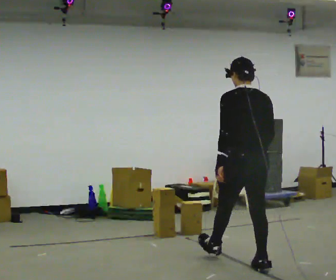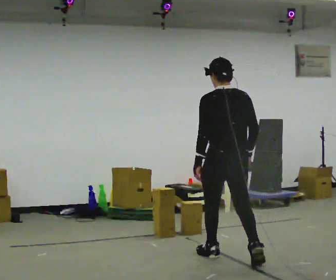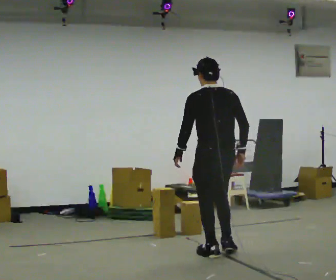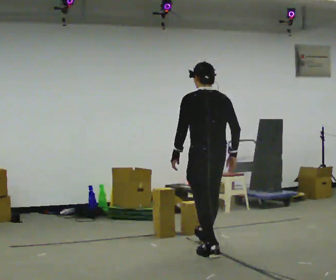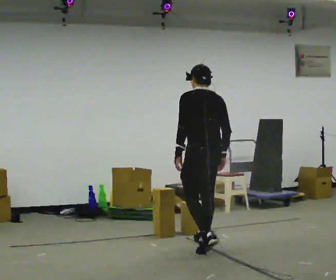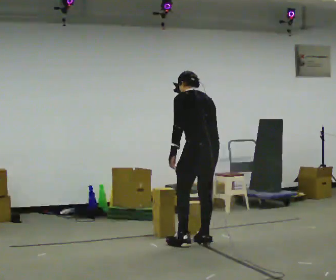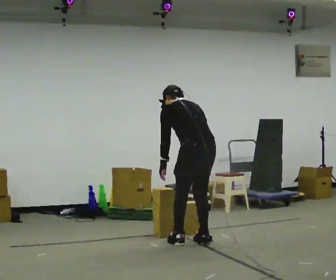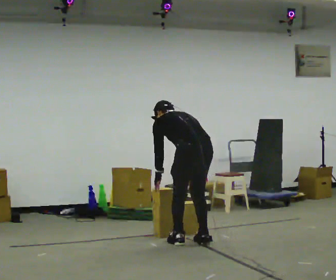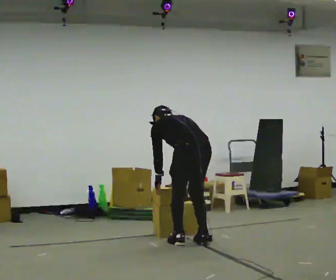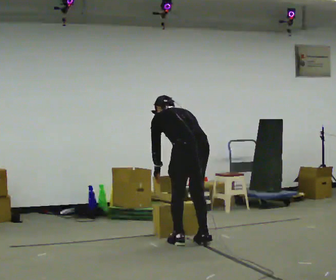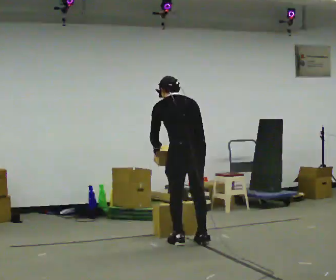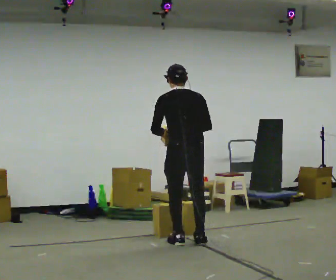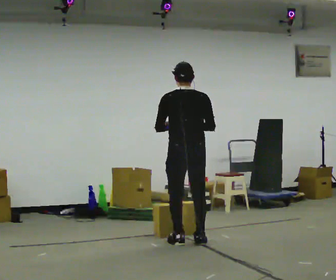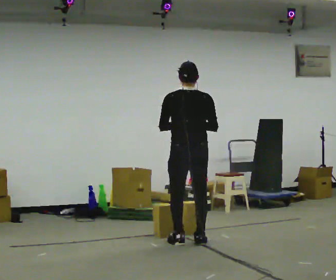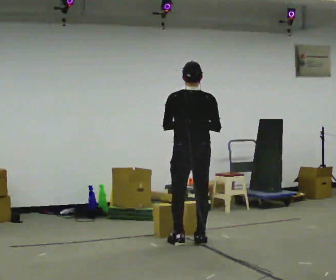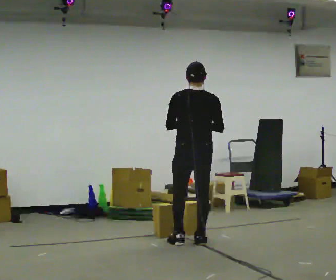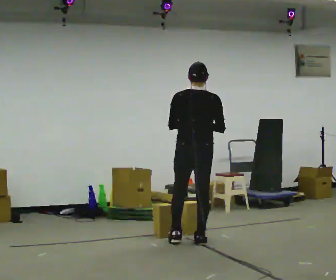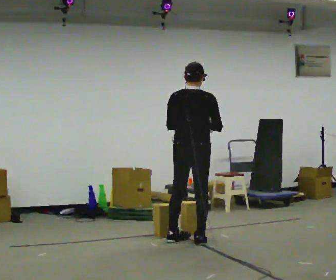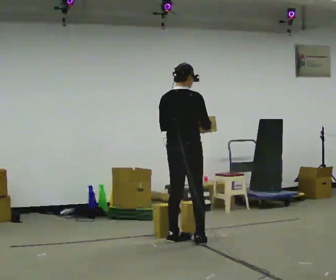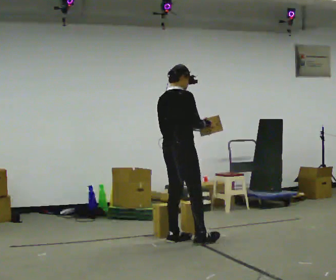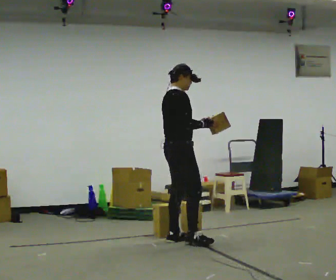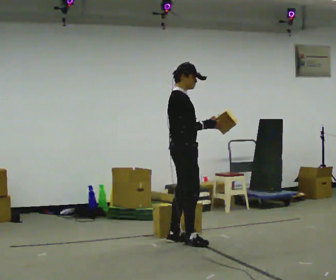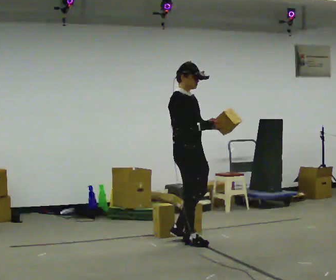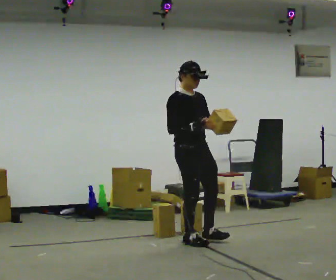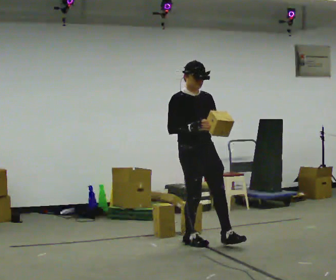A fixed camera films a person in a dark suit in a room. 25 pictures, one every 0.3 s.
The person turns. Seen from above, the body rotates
clockwise.
The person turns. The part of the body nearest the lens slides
to the left.
0.0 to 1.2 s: In the picture they go away from the camera and to the left, about 1 m in 2 steps, which for them is forward.
1.2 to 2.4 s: The shoulders move downward. The upper body tips away from the camera, its near side rolling upward, as they bend forward.
2.4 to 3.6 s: The upper body goes upward. The upper body tips toward the camera, its near side rolling downward, as they lean back or straighten. In the picture their left hand goes upward.
3.6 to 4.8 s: The person moves a little, or ends about where they began.
4.8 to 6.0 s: The person turns about 60 degrees to their right, clockwise seen from above, so the part of the body nearest the lens slides to the left. In the picture they go to the left, about 0.25 m in 1 step.
6.0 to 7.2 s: The part of the body nearest the lens slides to the left as the person turns to their right by about 75 degrees. In the picture they go to the right, about 0.25 m in 1 step. In the picture their left hand goes to the right.
The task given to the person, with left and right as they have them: Carry the box and, while you are still walking, turn it so you can read the label, read it out loud, then carry on. Repeat with the next box. Do not stop to read it.
The film runs forward here.
